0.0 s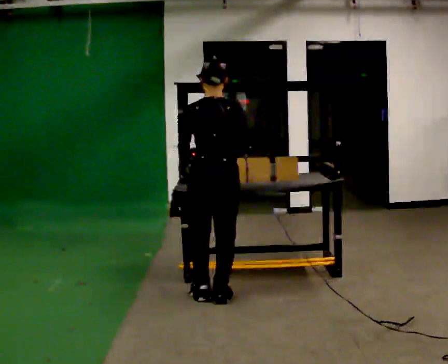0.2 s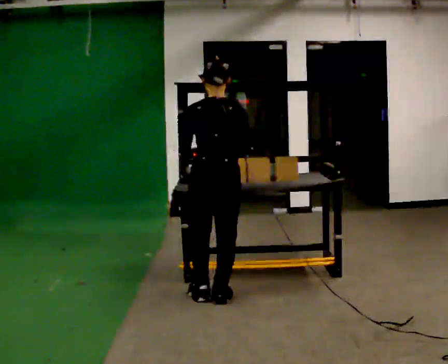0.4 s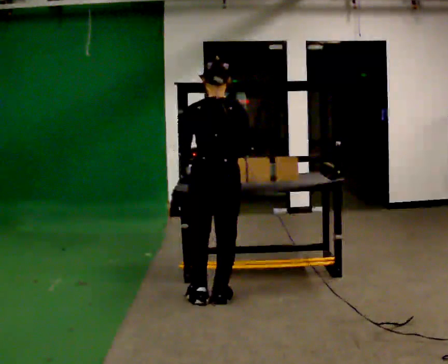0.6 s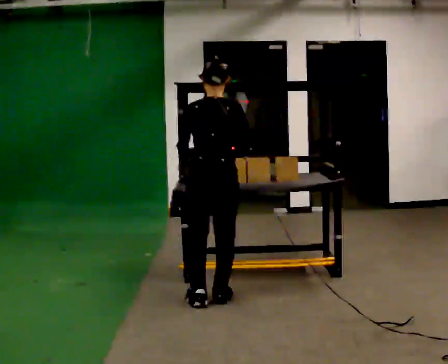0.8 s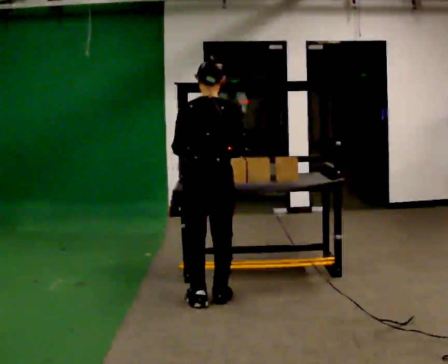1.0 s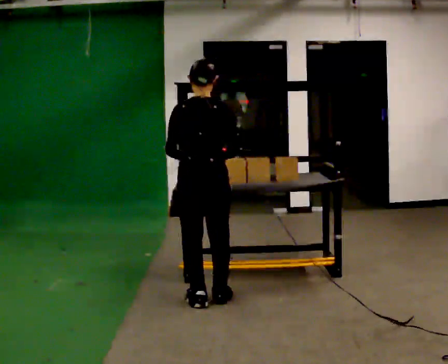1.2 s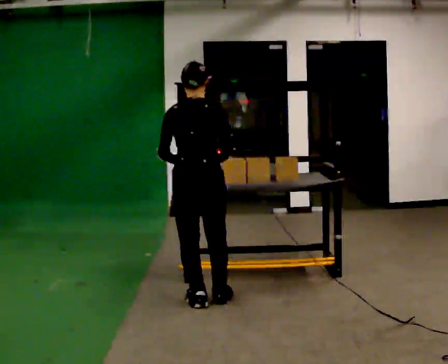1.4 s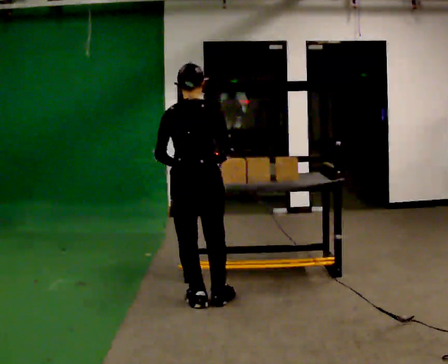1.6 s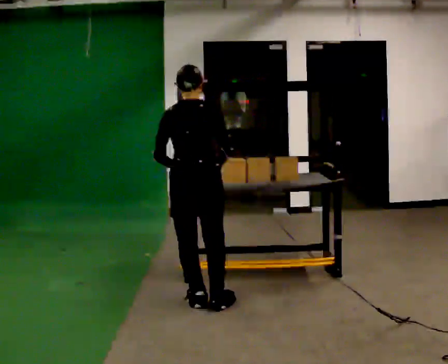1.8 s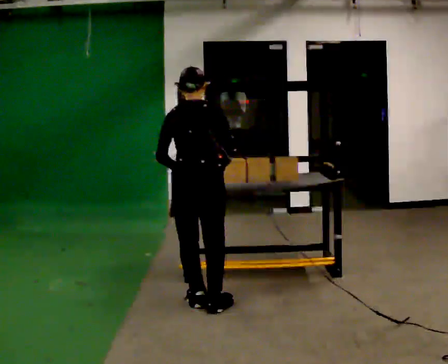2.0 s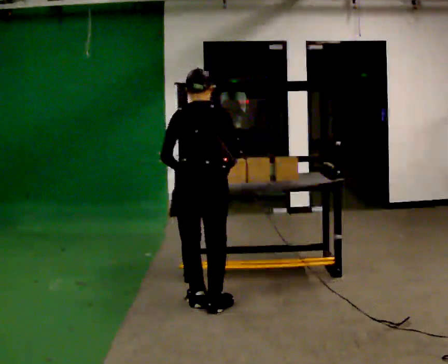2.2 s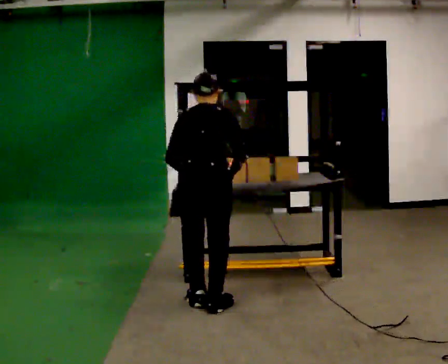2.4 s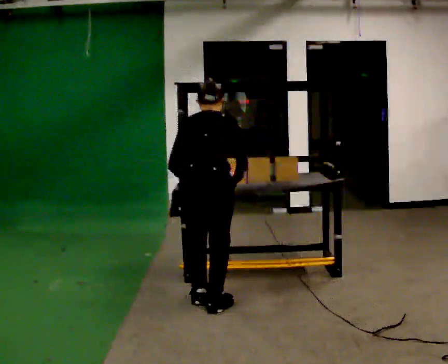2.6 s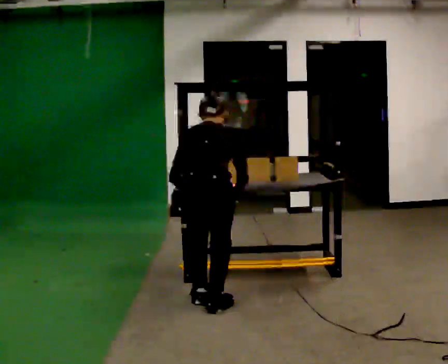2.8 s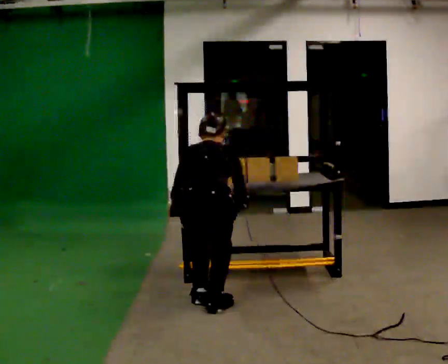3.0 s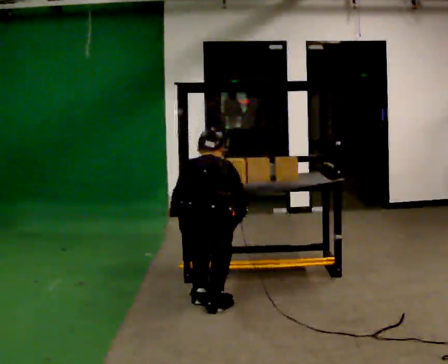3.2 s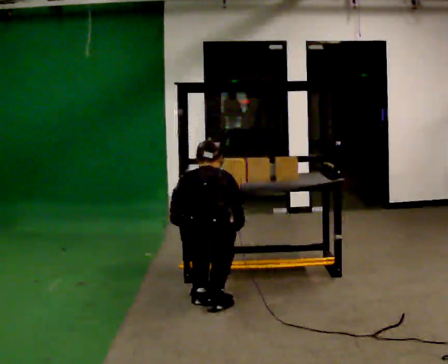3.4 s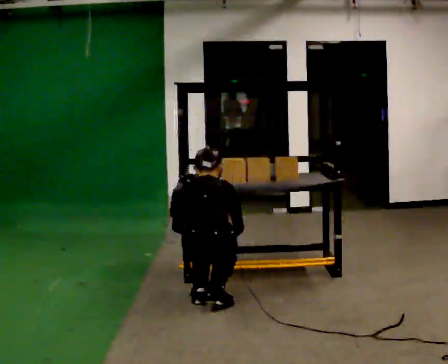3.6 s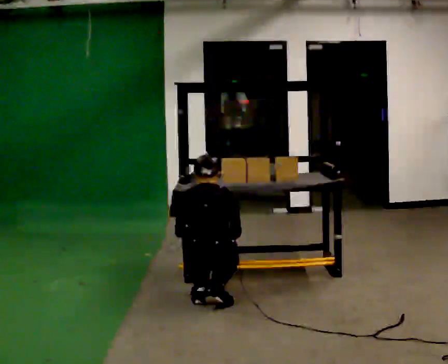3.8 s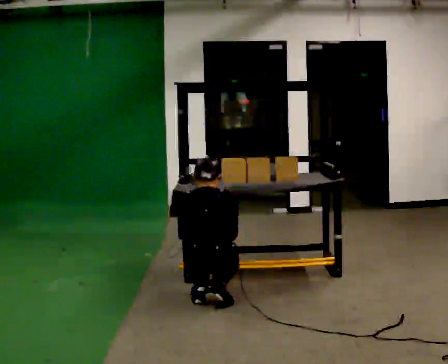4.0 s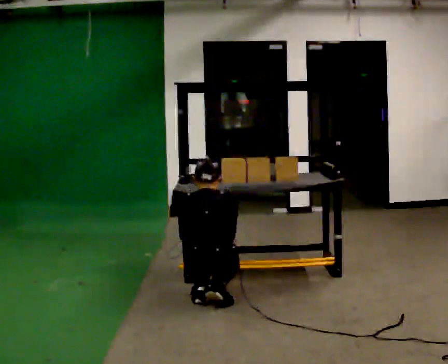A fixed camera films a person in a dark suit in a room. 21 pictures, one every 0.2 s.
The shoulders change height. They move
downward.
Their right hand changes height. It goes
downward.
0.0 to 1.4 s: The person moves a little, or ends about where they began.
1.4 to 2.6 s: The upper body goes downward. The upper body tips away from the camera, its near side rolling upward, as they bend forward.
2.6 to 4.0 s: The shoulders move downward. In the picture their right hand goes downward.
The film runs forward here.
